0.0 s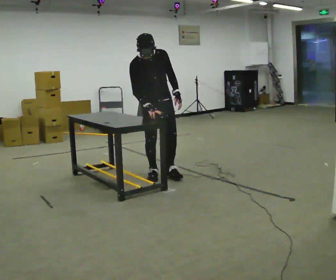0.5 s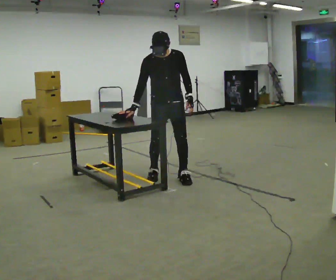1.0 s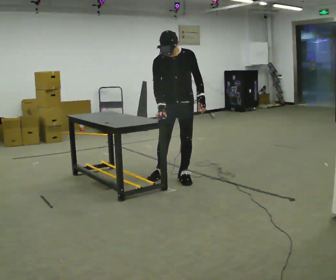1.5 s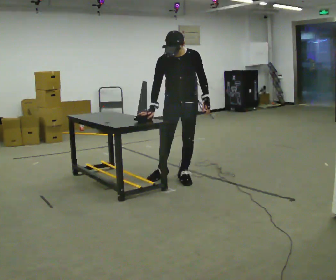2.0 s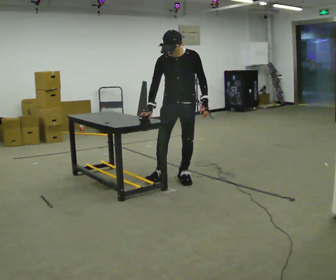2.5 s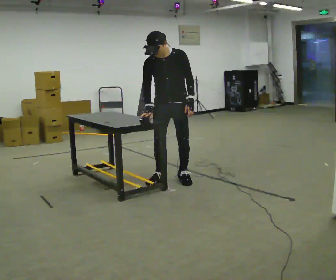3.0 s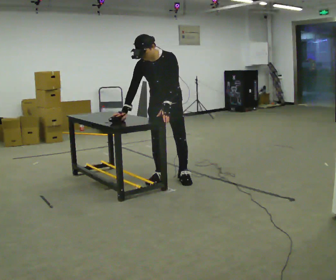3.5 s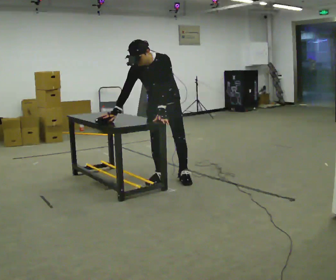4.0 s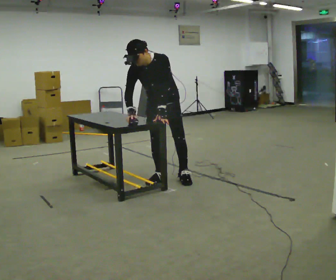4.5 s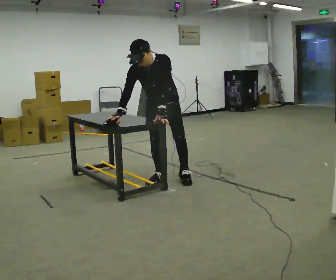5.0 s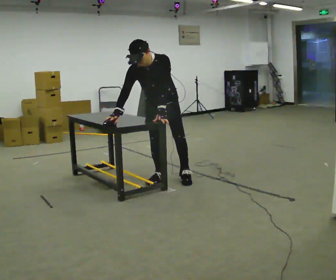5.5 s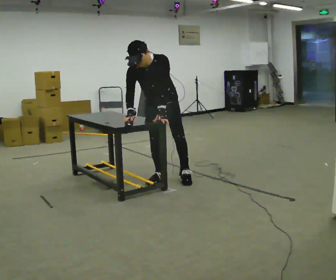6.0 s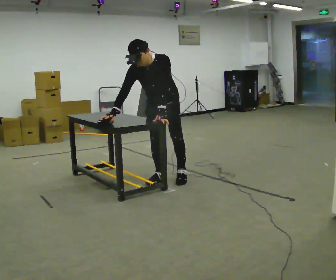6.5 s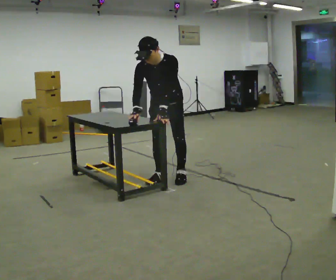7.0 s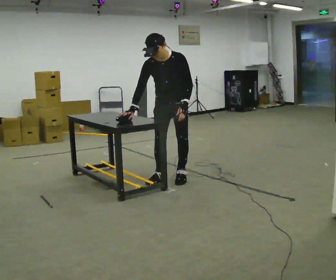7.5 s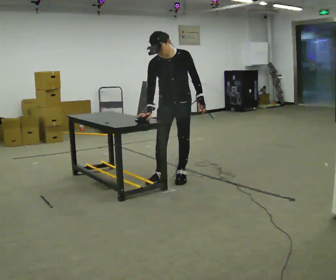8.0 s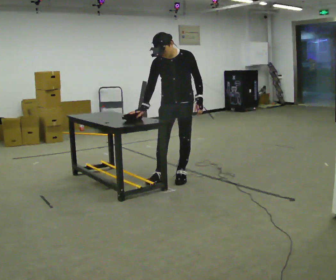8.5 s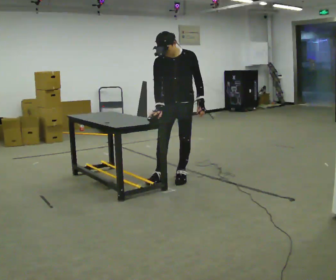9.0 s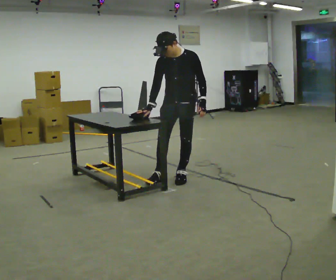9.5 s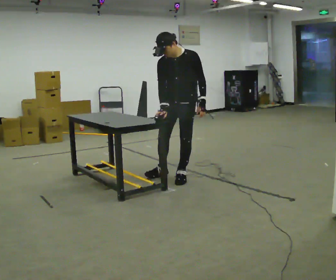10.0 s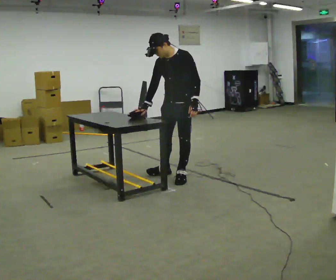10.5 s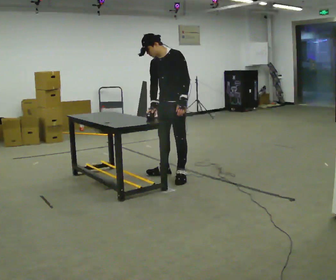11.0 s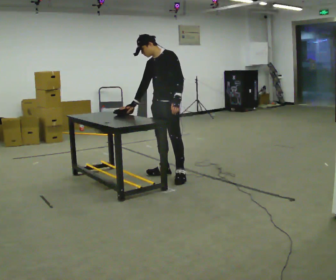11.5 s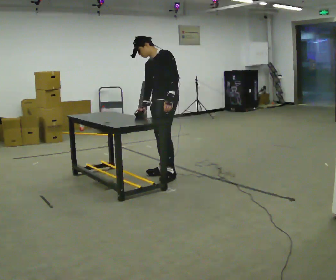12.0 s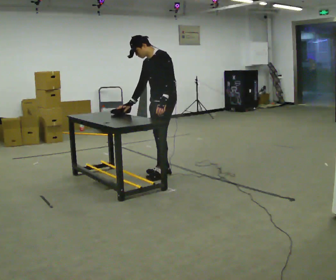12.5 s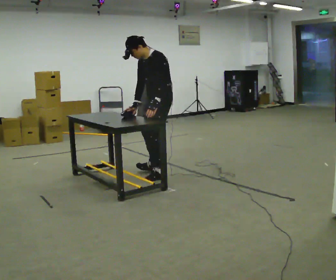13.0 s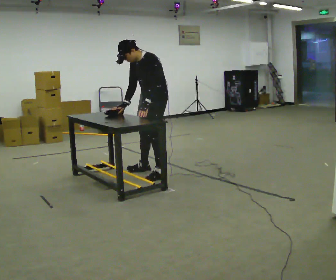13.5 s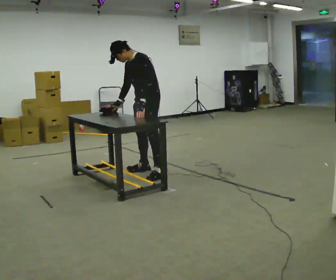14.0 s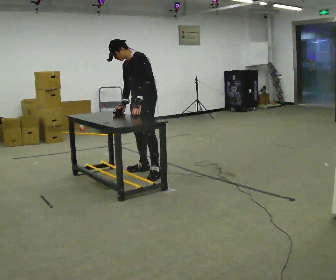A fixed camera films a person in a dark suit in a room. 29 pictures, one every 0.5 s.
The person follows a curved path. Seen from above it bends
counterclockwise.
0.0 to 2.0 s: Seen from above the body turns clockwise, about 30 degrees: to their right, with its near side sliding to the left. In the picture they go to the right and toward the camera, about 0.25 m in 1 step, which for them is to their left and forward.
2.0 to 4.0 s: In the picture they go to the left, about 0.25 m, which for them is to their right. The upper body tips toward the camera, its near side rolling downward, as they bend forward. In the picture their left hand goes to the left.
4.0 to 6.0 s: The person moves a little, or ends about where they began.
6.0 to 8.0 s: In the picture they go to the right, about 0.25 m, which for them is to their left. The upper body tips away from the camera, its near side rolling upward, as they lean back or straighten. In the picture their left hand goes to the right.
8.0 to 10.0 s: The part of the body nearest the lens slides to the left as the person turns to their right by about 30 degrees.
10.0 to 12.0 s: In the picture they go to the left, about 0.25 m in 1 step, which for them is to their right. In the picture their left hand goes to the left.
12.0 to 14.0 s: In the picture they go to the left and away from the camera, about 0.25 m in 1 step, which for them is to their right.
The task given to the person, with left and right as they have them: Cover the whole panel with the brush or roller, using long strokes. Repeat at your own pace until the operator says stop. Keep both feet on the marked spots for the whole take. If you have to step, stop and tell the operator.
The film runs forward here.
